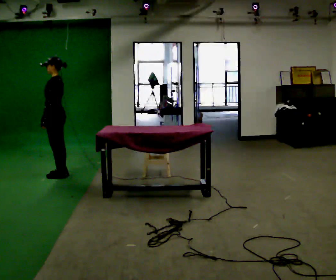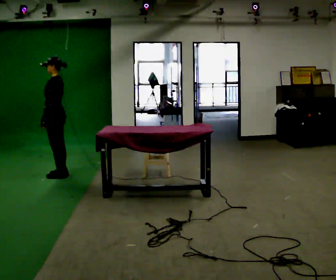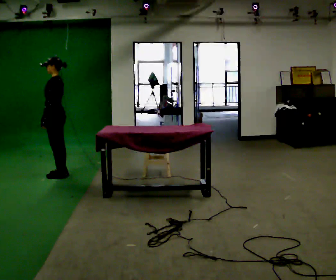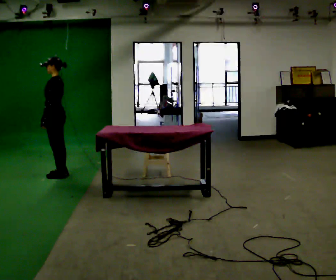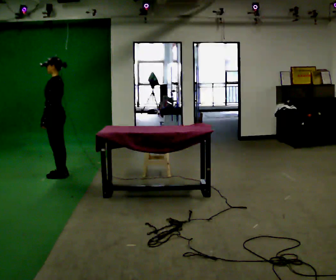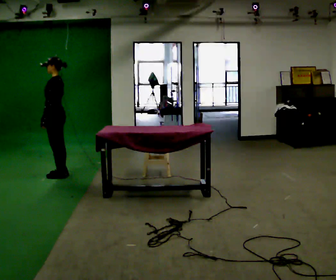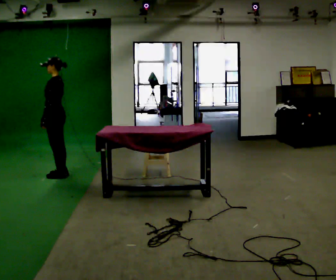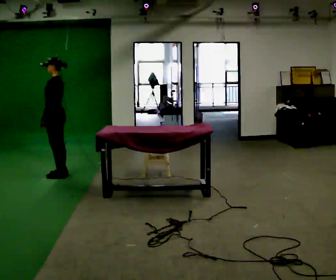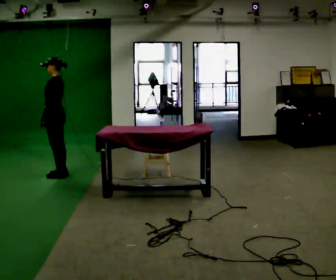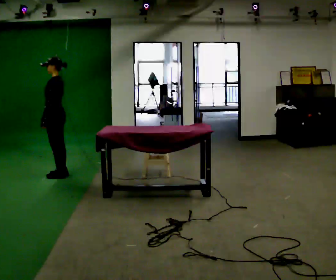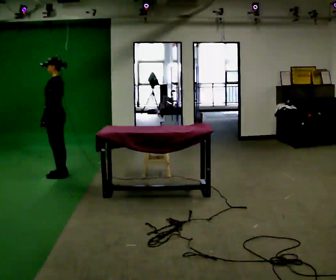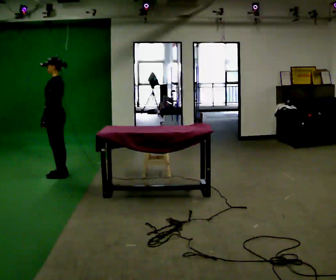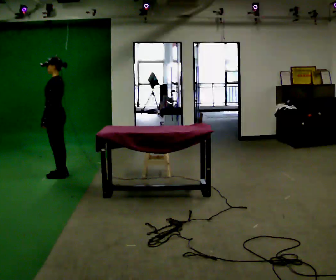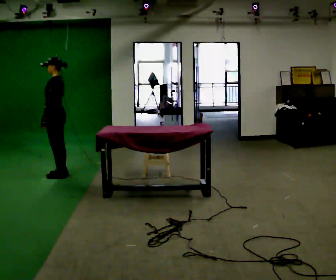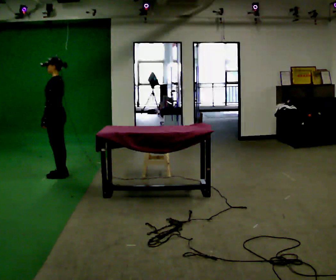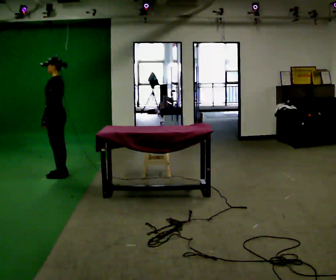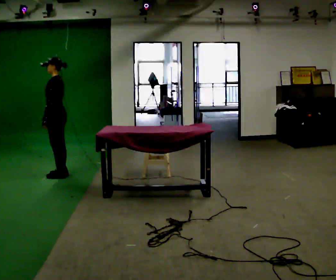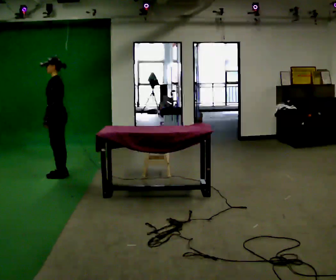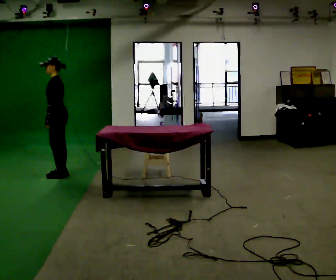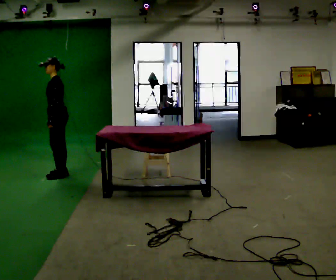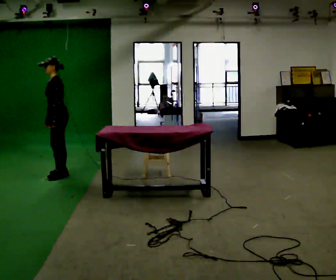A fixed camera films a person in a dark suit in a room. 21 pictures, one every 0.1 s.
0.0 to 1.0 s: The person keeps their place and pose.
1.0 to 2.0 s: The part of the body nearest the lens slides to the right as the person turns to their left by about 30 degrees.
The film runs forward here.
